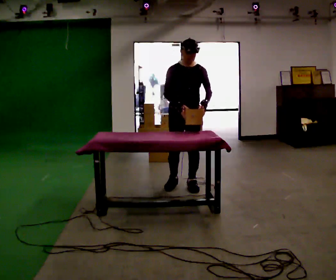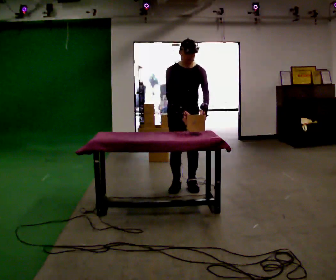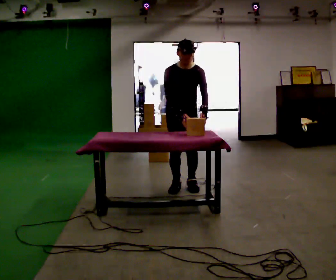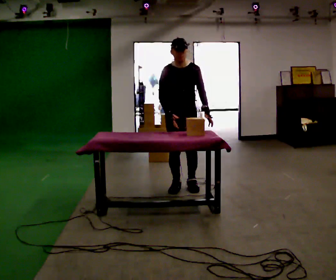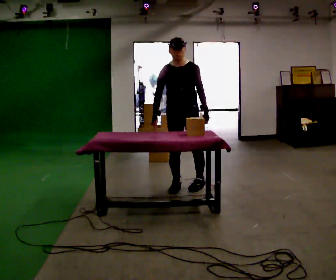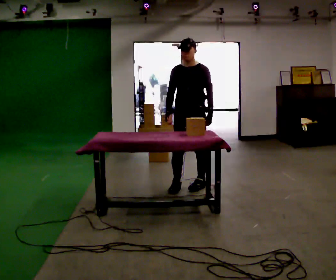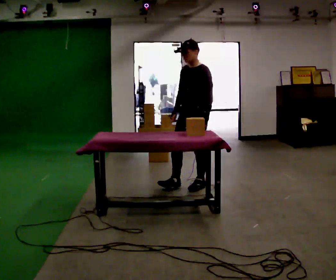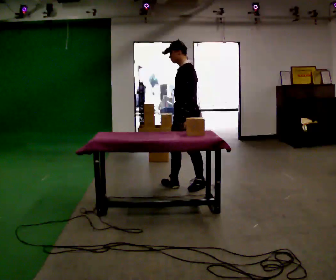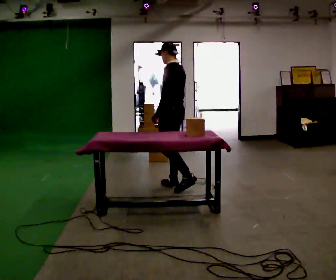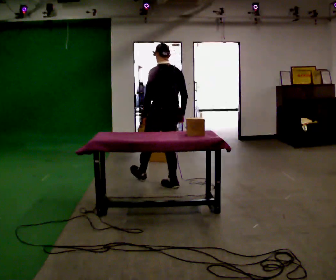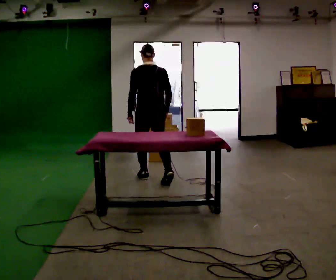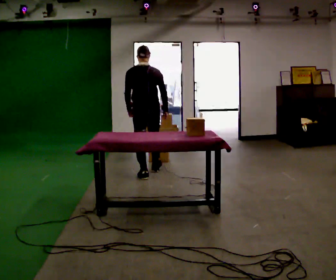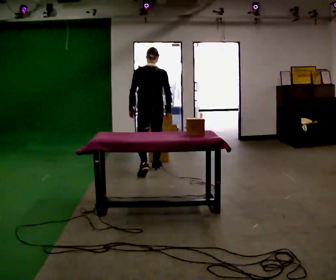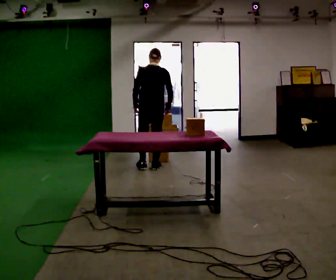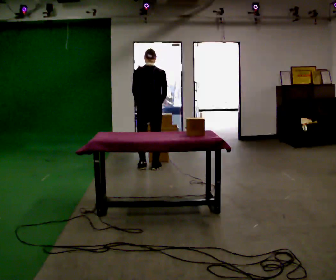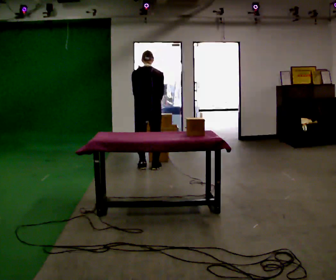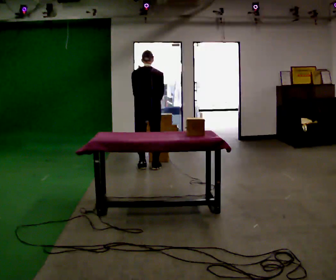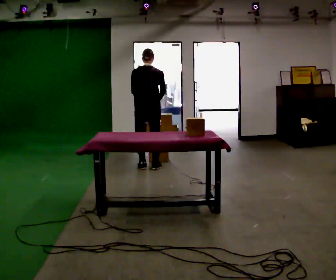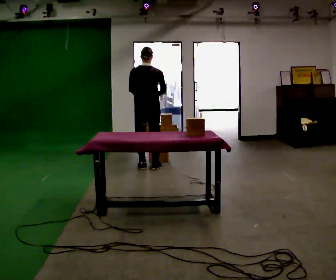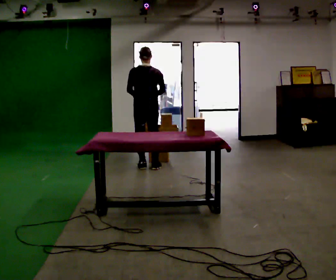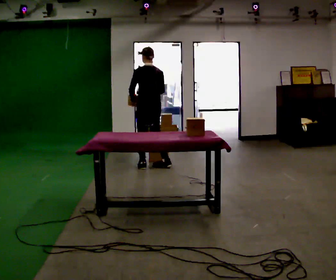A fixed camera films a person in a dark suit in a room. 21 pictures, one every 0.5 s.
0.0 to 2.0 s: The person moves a little, or ends about where they began.
2.0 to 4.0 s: Seen from above the body turns clockwise, about 105 degrees: to their right, with its near side sliding to the left. In the picture their left hand goes to the left, the arm swinging clockwise.
4.0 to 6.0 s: The person turns about 60 degrees to their right, clockwise seen from above, so the part of the body nearest the lens slides to the left. In the picture they go away from the camera and to the left, about 1 m in 2 steps.
6.0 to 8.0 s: In the picture they go away from the camera, about 0.25 m in 1 step, which for them is forward. The upper body tips away from the camera, its near side rolling upward, as they bend forward.
8.0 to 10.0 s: The person turns about 45 degrees to their left, counterclockwise seen from above, so the part of the body nearest the lens slides to the right. The upper body tips toward the camera, its near side rolling downward, as they lean back or straighten.
The film runs forward here.
